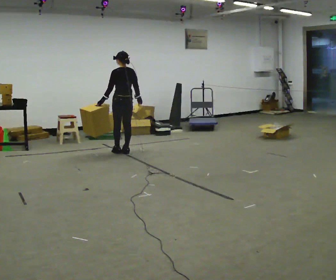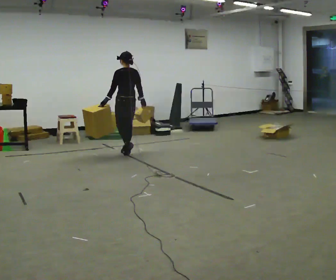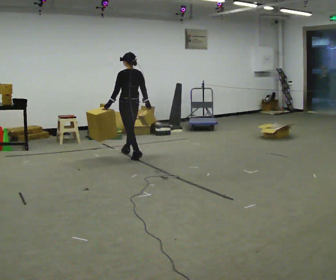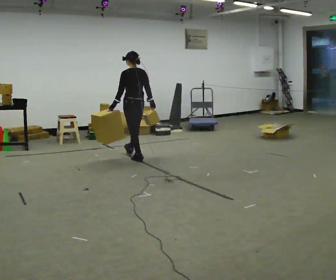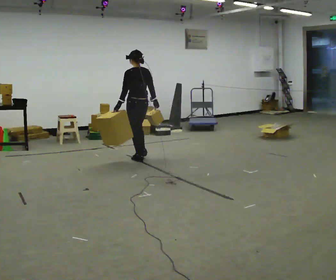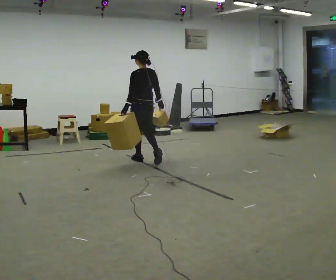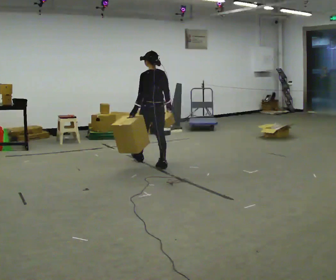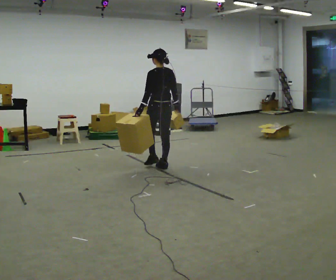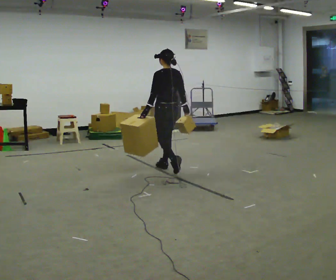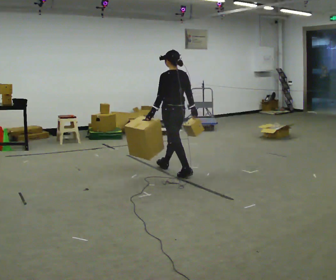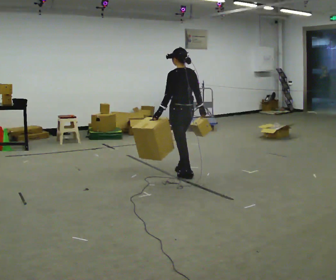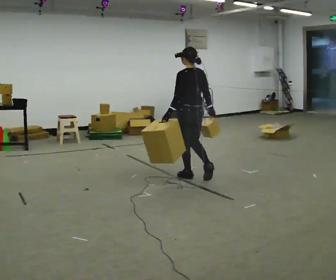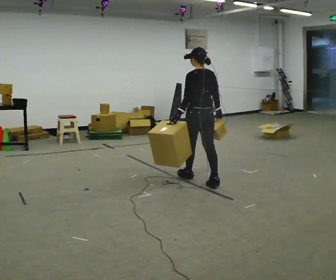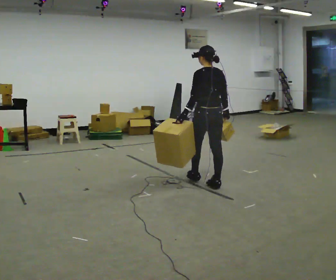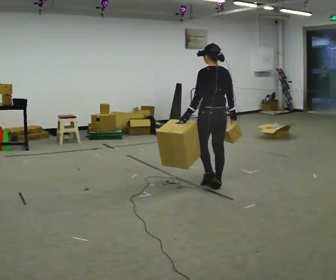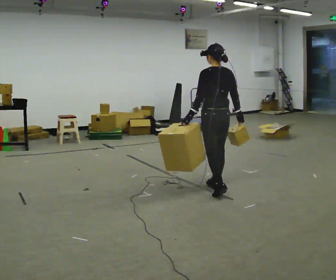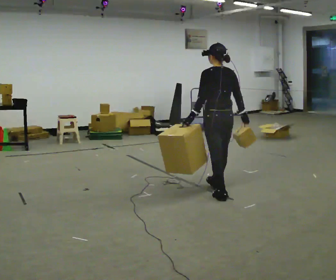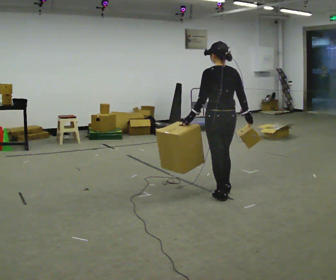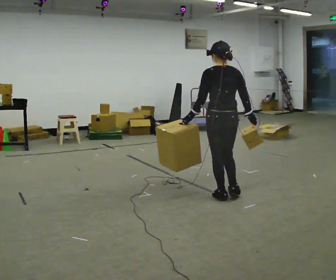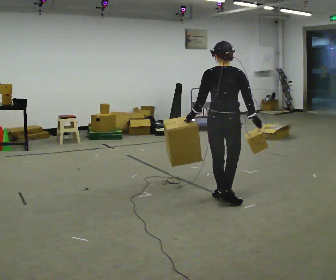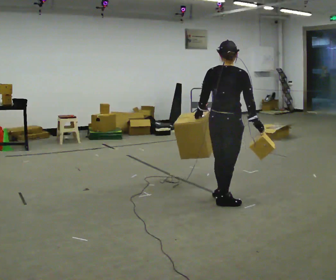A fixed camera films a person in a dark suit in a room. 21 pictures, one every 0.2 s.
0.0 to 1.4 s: In the picture they go toward the camera and to the right, about 1 m in 2 steps, which for them is backward.
1.4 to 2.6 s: In the picture they go toward the camera and to the right, about 1 m in 2 steps, which for them is backward.
2.6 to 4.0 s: The part of the body nearest the lens slides to the left as the person turns to their right by about 60 degrees. In the picture they go toward the camera, about 0.5 m in 1 step, which for them is backward.
The film runs backward here.
